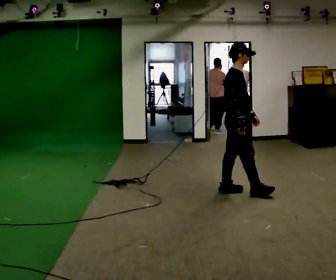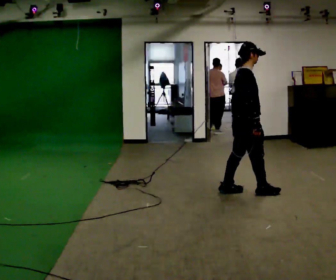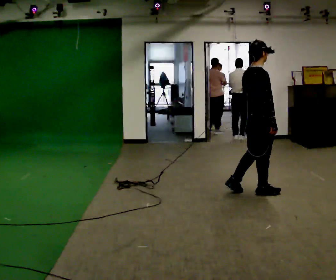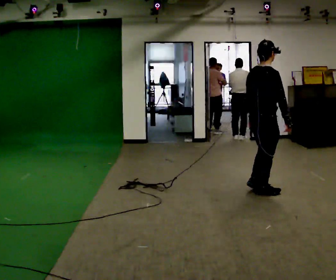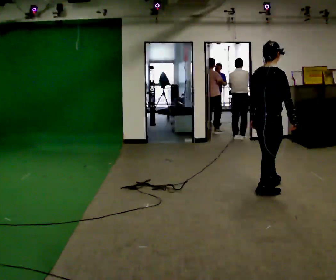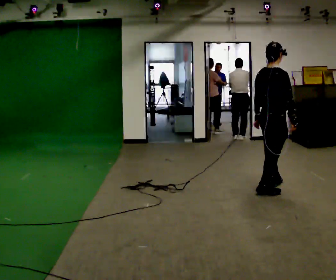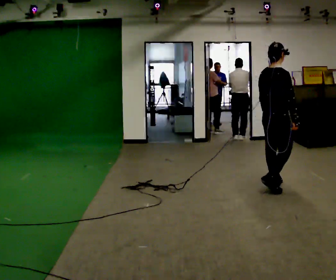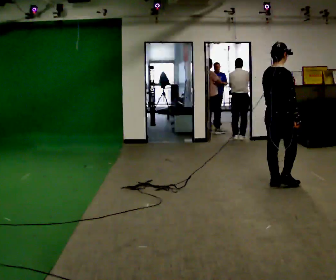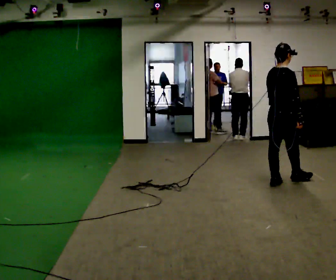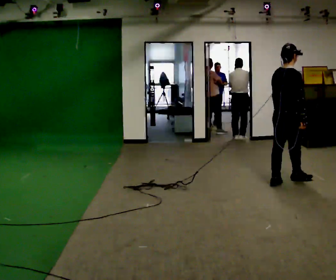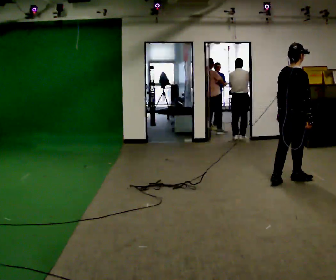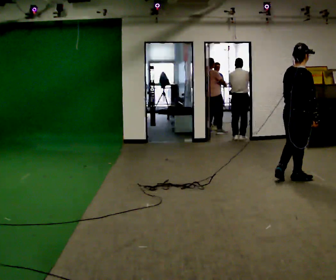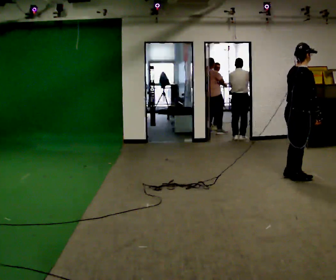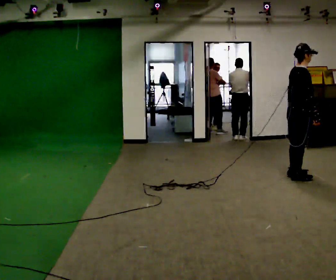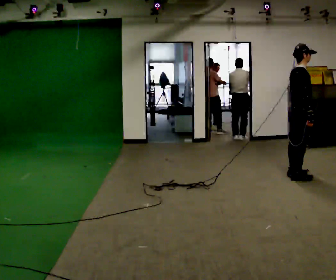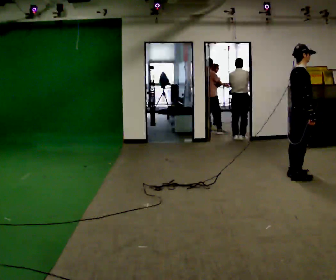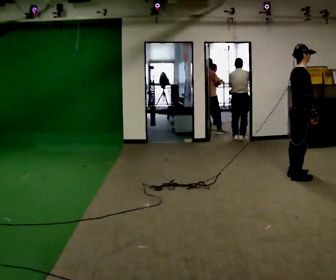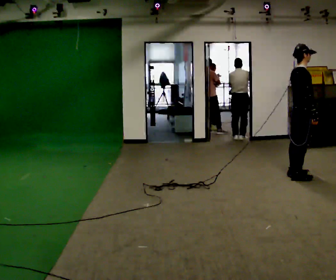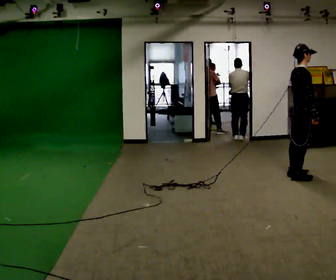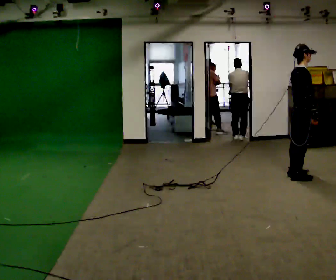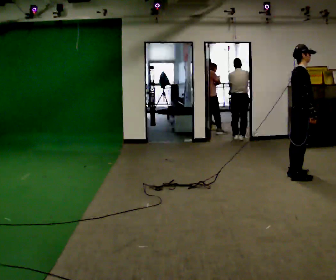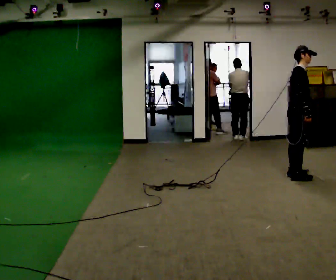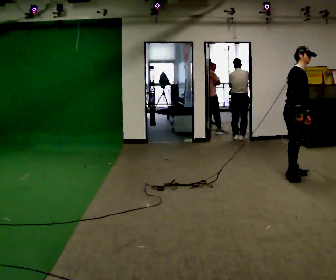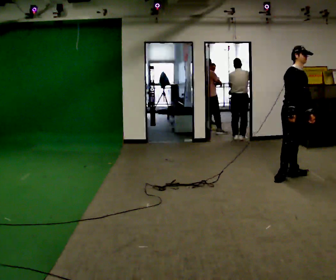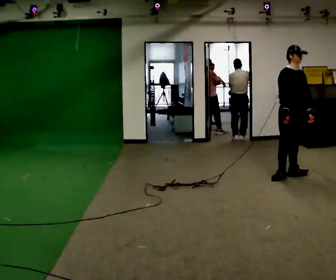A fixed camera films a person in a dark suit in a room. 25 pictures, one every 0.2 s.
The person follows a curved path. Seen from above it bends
counterclockwise.
0.0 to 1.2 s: The part of the body nearest the lens slides to the right as the person turns to their left by about 45 degrees. In the picture they go to the right and away from the camera, about 0.5 m in 2 steps, which for them is forward and to their right.
1.2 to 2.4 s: In the picture they go away from the camera and to the right, about 0.5 m in 1 step, which for them is forward.
2.4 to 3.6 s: The person moves a little, or ends about where they began.
3.6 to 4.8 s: The part of the body nearest the lens slides to the left as the person turns to their right by about 75 degrees. In the picture they go to the left, about 0.25 m in 1 step.
The film runs forward here.
